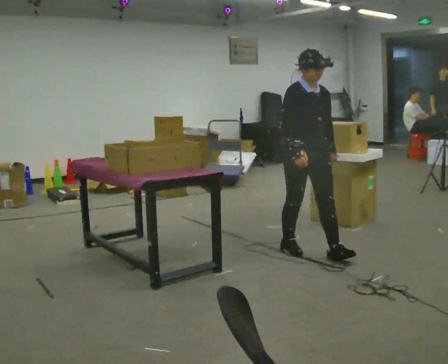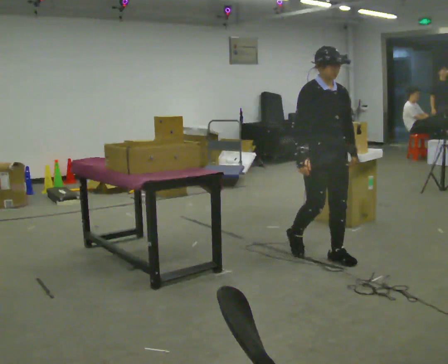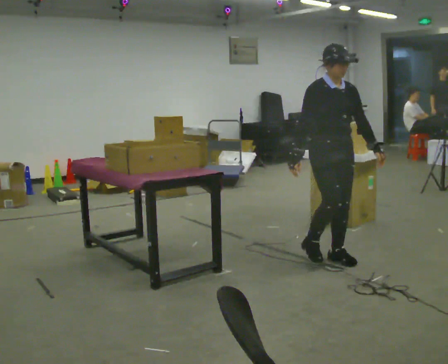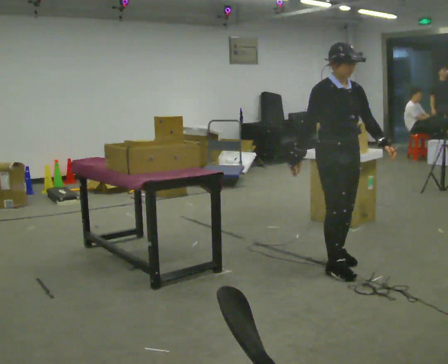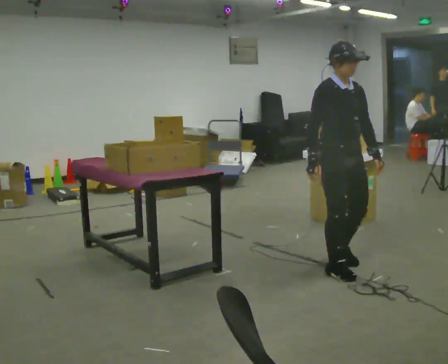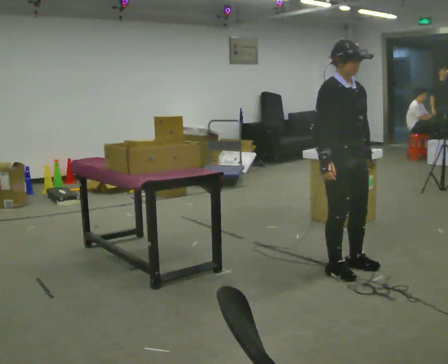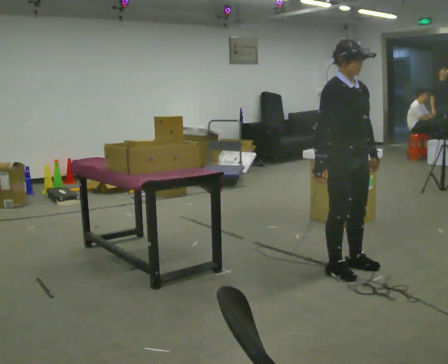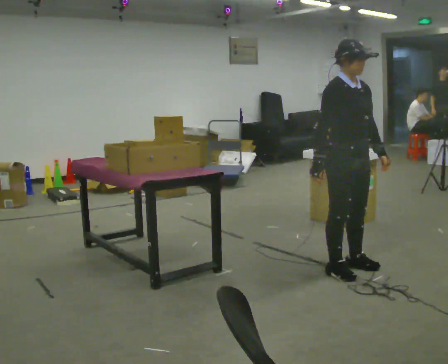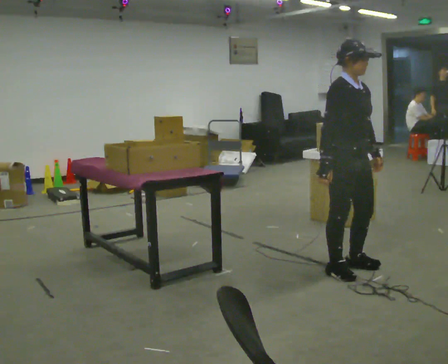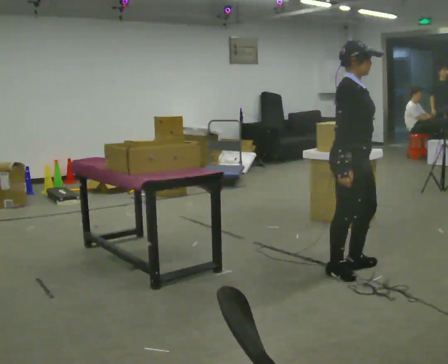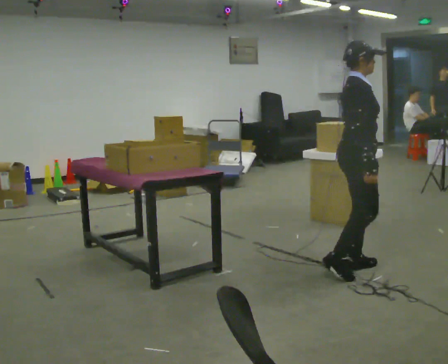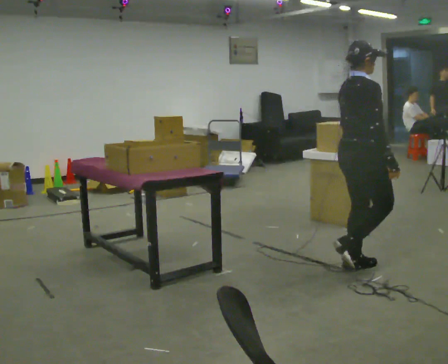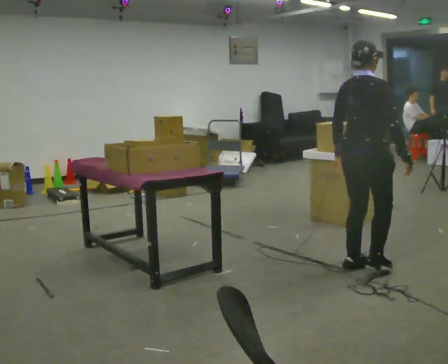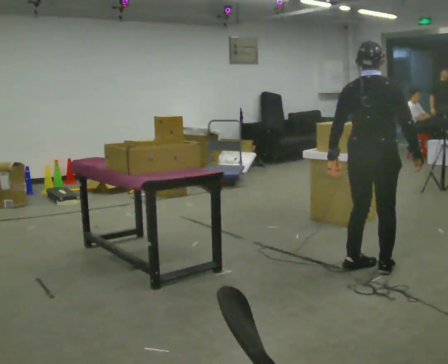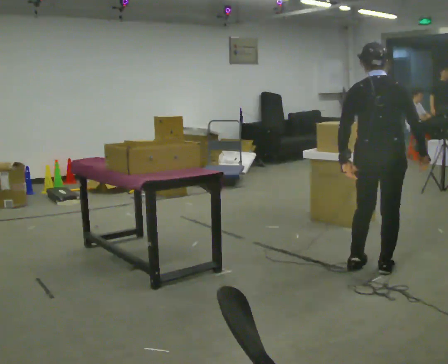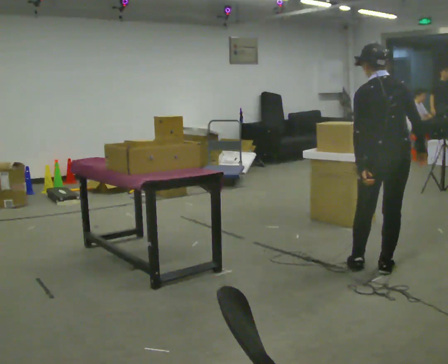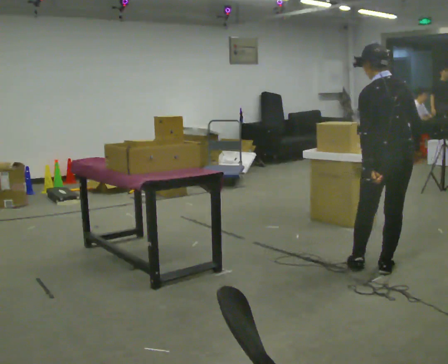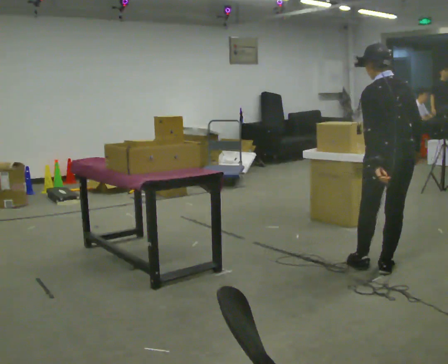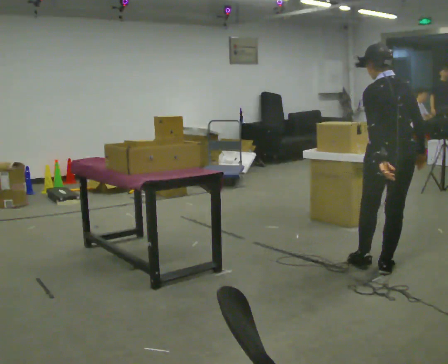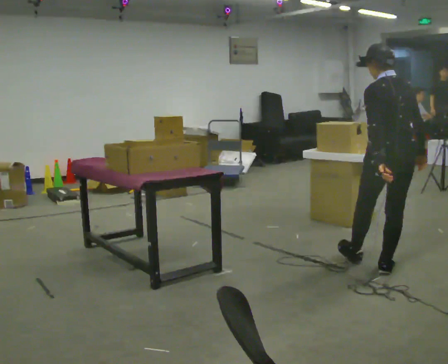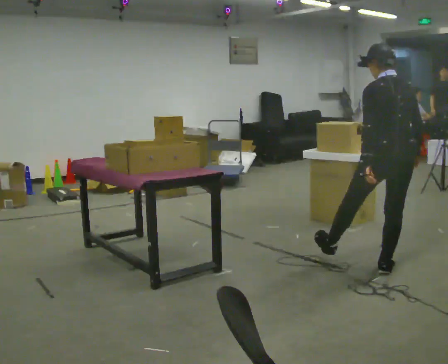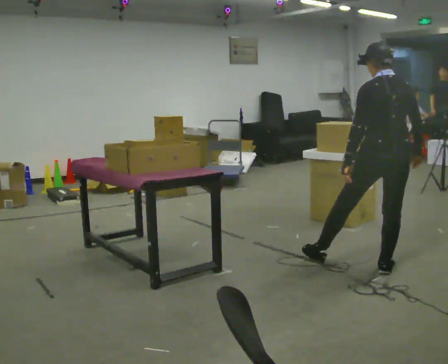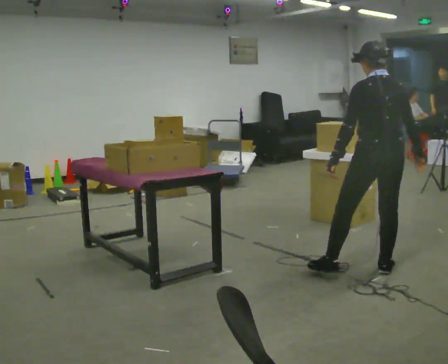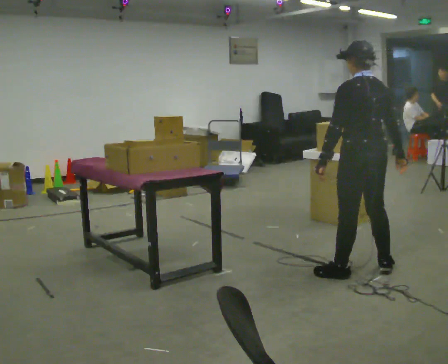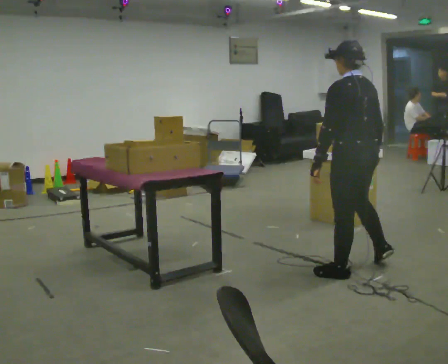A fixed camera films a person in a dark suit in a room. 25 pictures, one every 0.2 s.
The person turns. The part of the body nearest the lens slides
to the right.
The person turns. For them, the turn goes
to their left.
0.0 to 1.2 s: In the picture they go toward the camera and to the right, about 0.5 m in 3 steps, which for them is forward.
1.2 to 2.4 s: Seen from above the body turns counterclockwise, about 90 degrees: to their left, with its near side sliding to the right. In the picture their right hand goes to the right, the arm swinging counterclockwise.
2.4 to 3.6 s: The part of the body nearest the lens slides to the right as the person turns to their left by about 60 degrees. In the picture they go to the right, about 0.25 m in 1 step, which for them is to their right.
3.6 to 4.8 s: Seen from above the body turns counterclockwise, about 30 degrees: to their left, with its near side sliding to the right. In the picture they go to the left, about 0.25 m in 1 step, which for them is to their left.
The film runs forward here.
